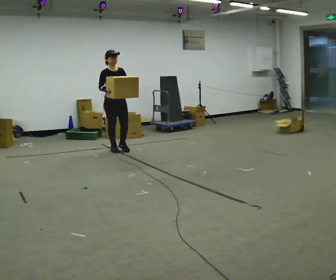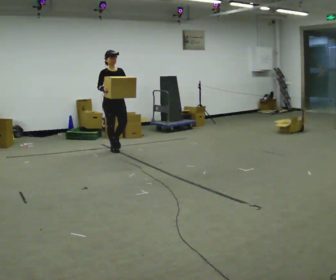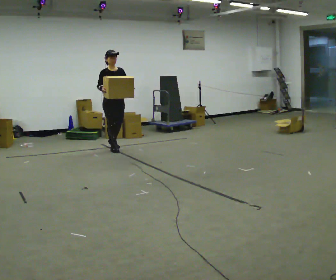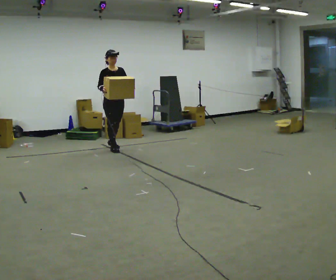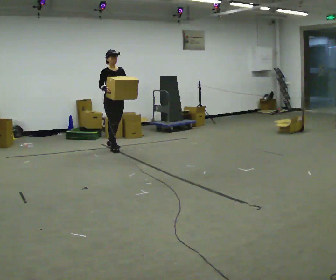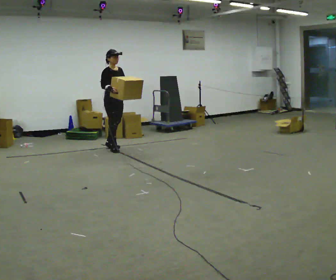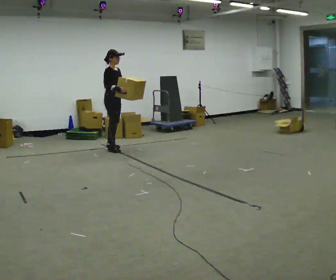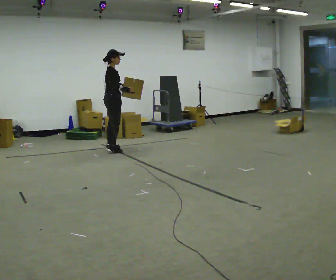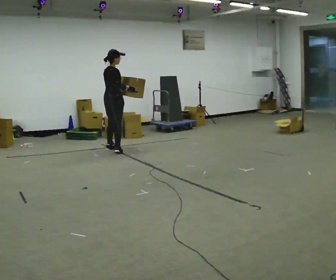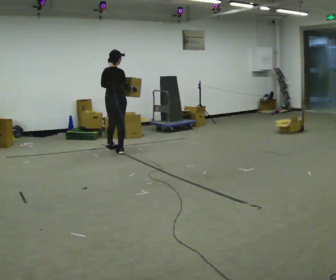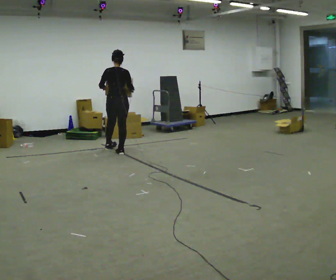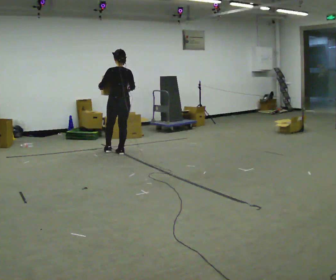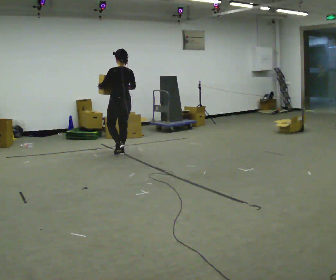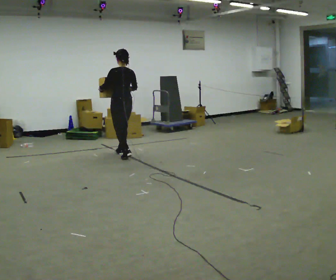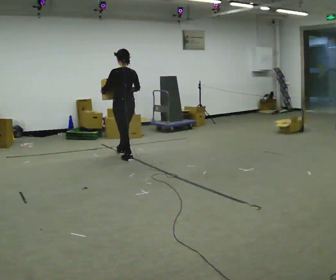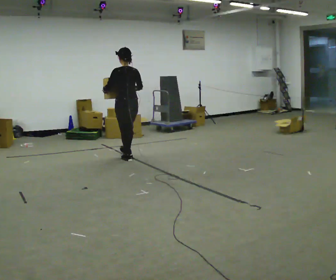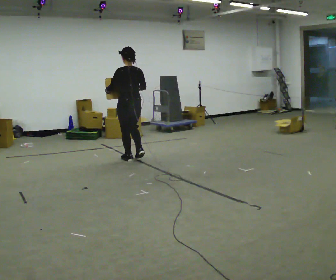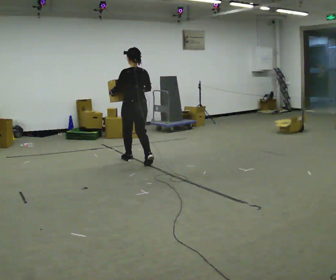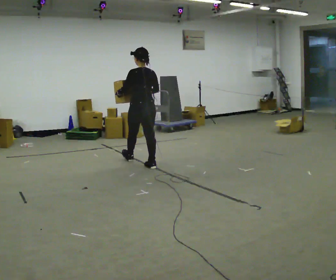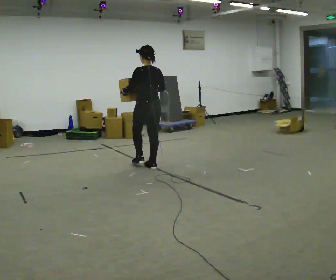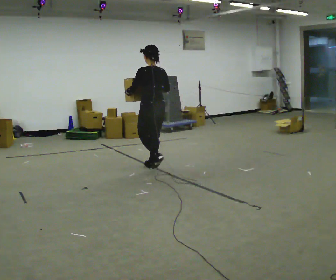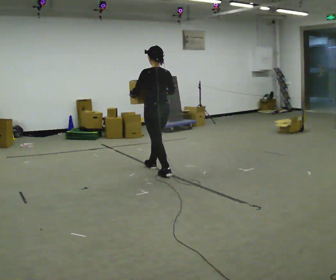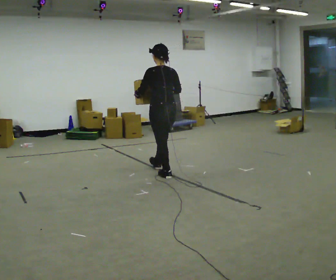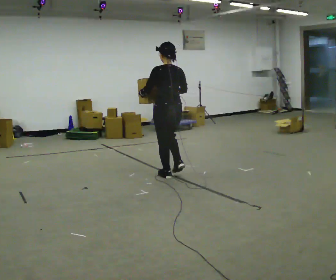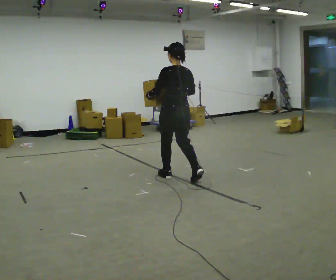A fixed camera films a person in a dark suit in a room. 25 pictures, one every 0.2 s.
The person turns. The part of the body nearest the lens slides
to the right.
The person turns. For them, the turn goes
to their left.
0.0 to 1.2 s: The person turns about 30 degrees to their left, counterclockwise seen from above, so the part of the body nearest the lens slides to the right. In the picture they go away from the camera, about 0.25 m in 1 step, which for them is backward.
1.2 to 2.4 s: The part of the body nearest the lens slides to the right as the person turns to their left by about 135 degrees. In the picture they go toward the camera, about 0.25 m in 2 steps.
2.4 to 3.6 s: In the picture they go toward the camera and to the right, about 0.5 m in 1 step, which for them is backward.
3.6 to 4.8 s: In the picture they go toward the camera and to the right, about 1 m in 2 steps, which for them is backward.
The film runs backward here.
